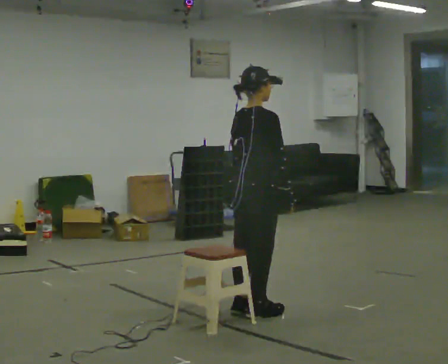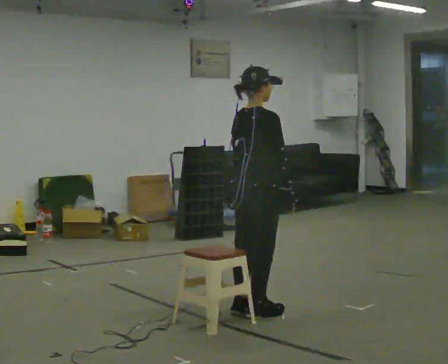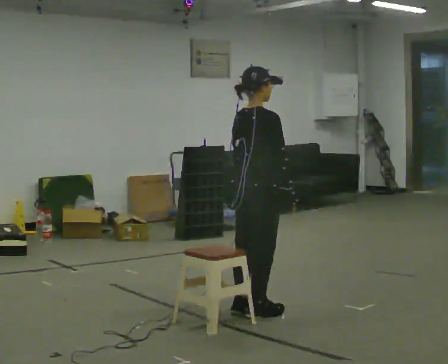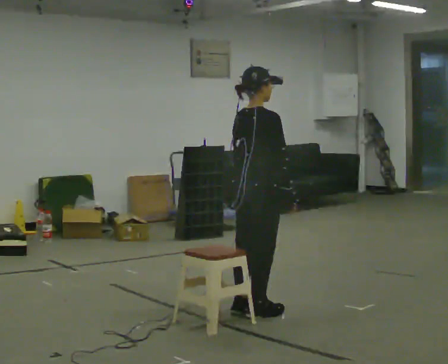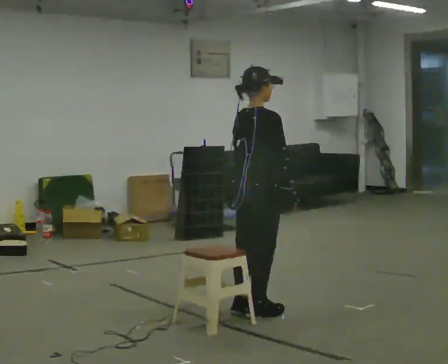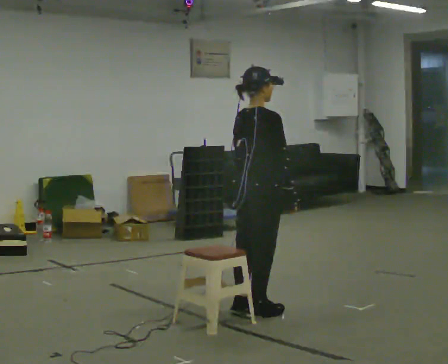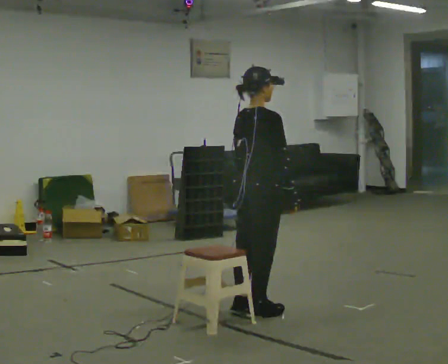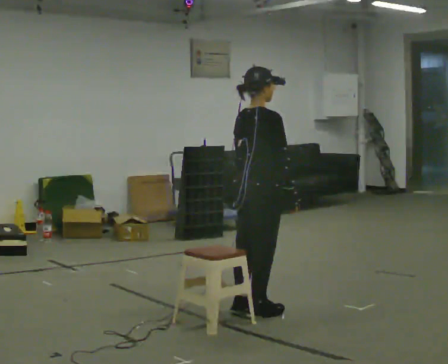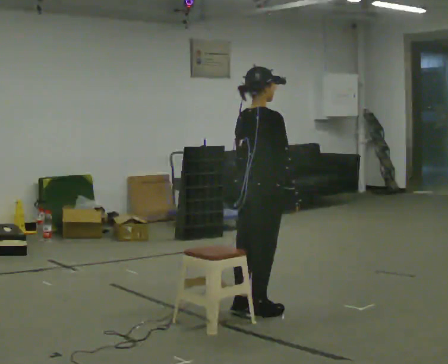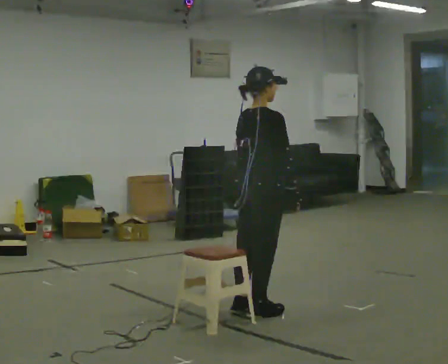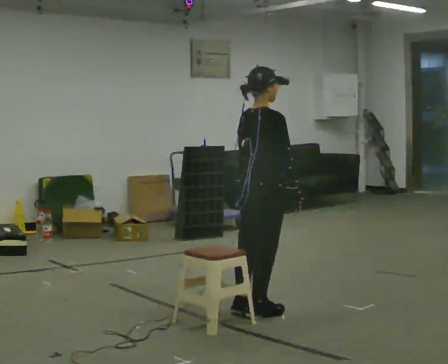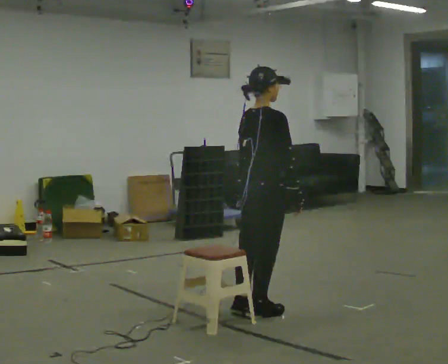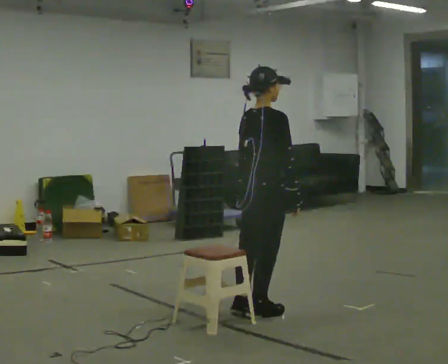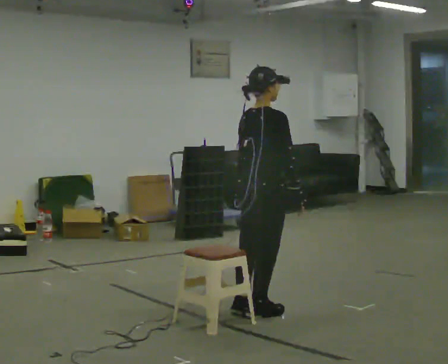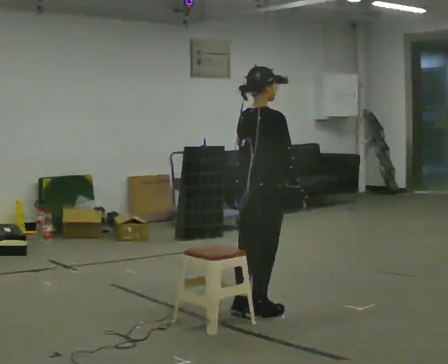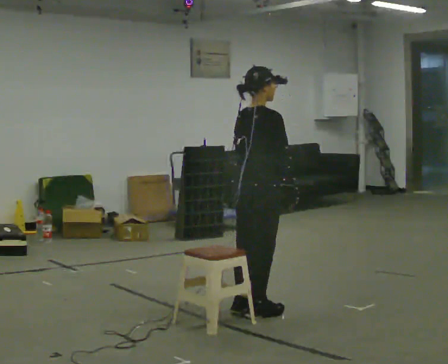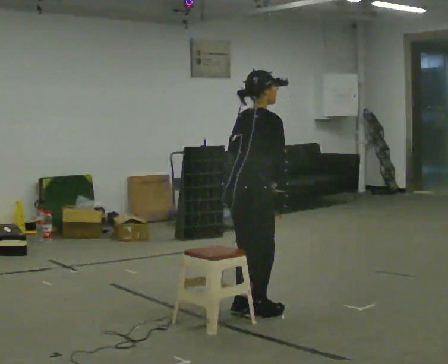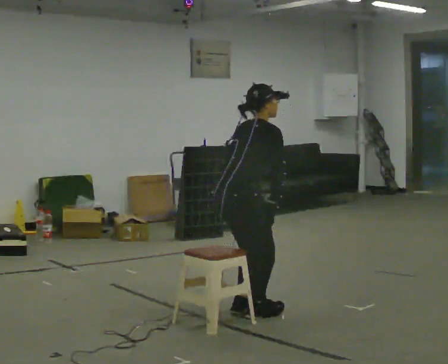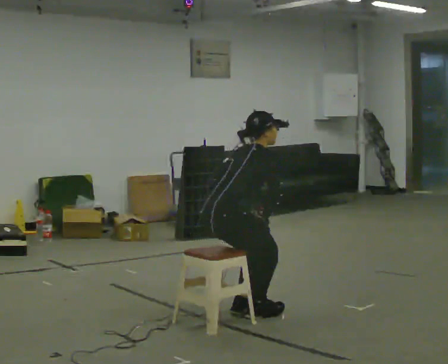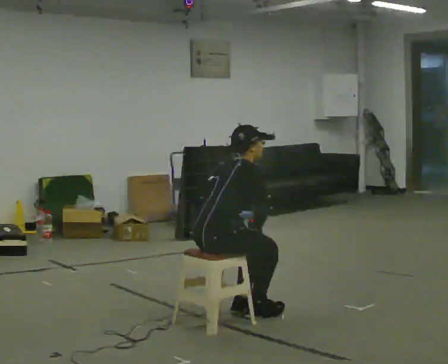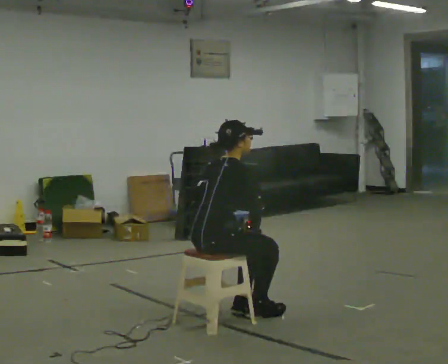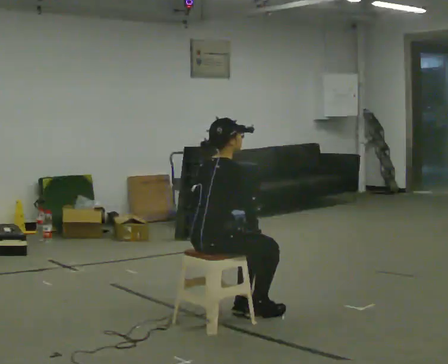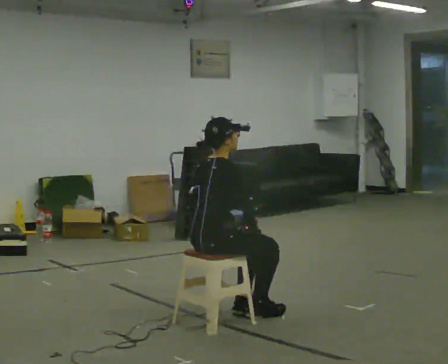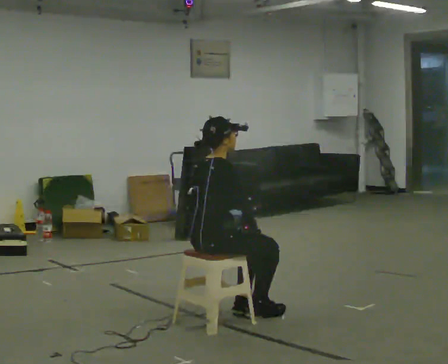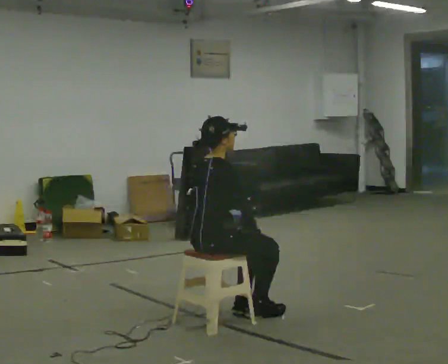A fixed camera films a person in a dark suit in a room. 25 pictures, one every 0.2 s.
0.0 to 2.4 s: The person moves a little, or ends about where they began.
2.4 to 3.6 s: In the picture they go to the left and toward the camera, about 0.25 m, which for them is backward. The upper body goes downward. In the picture the upper body tilts clockwise, shoulders to the right, as they bend forward.
3.6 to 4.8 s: In the picture the upper body tilts counterclockwise, shoulders to the left, as they lean back or straighten.
The film runs backward here.
